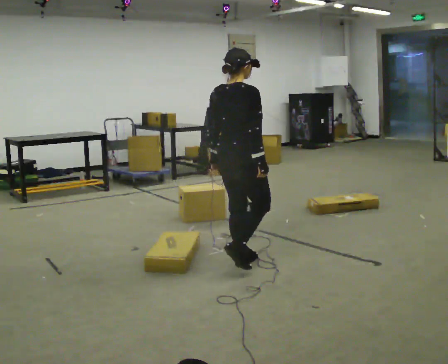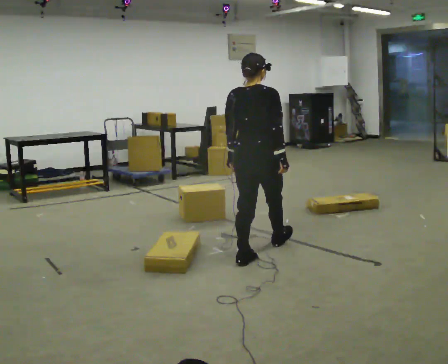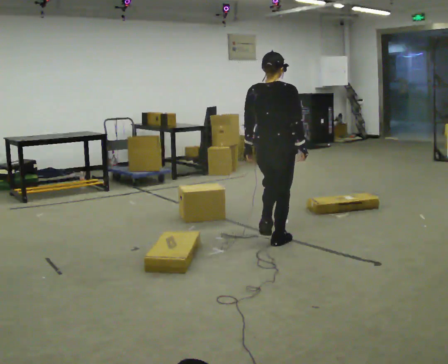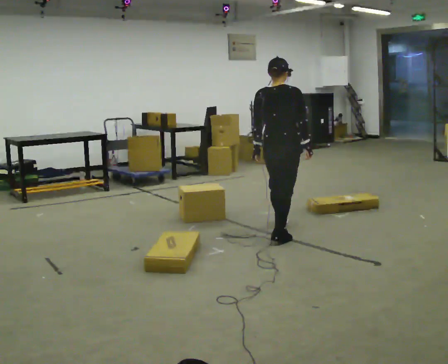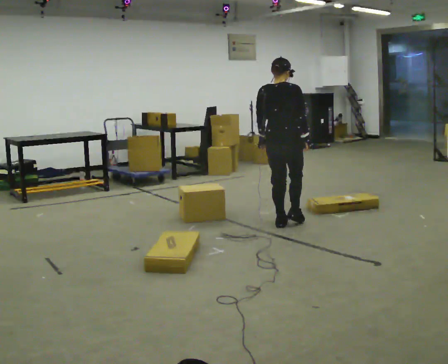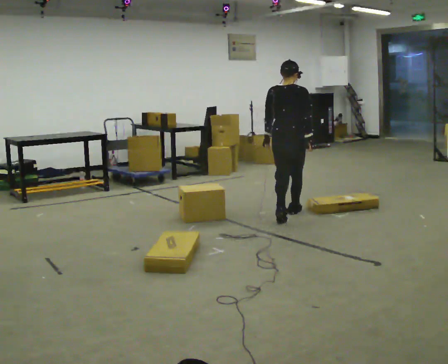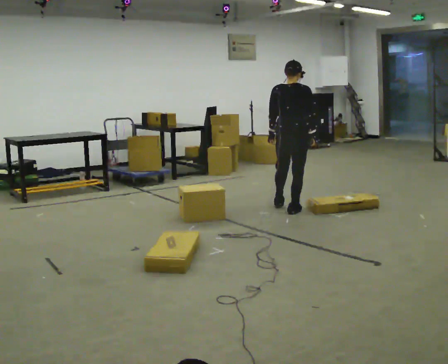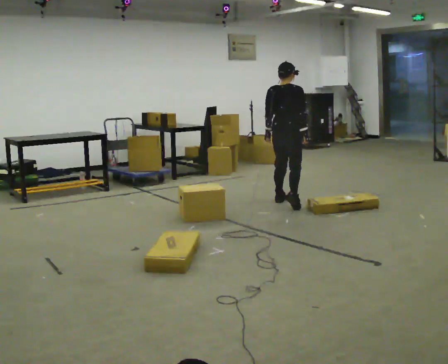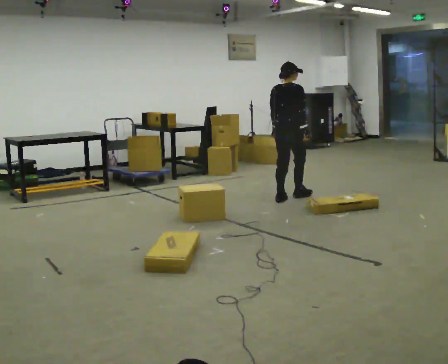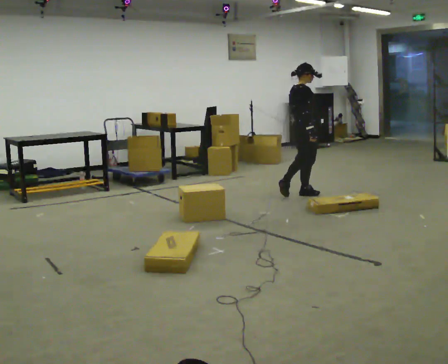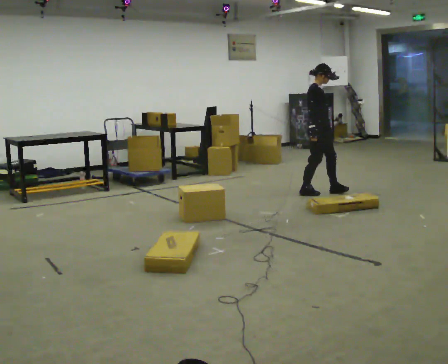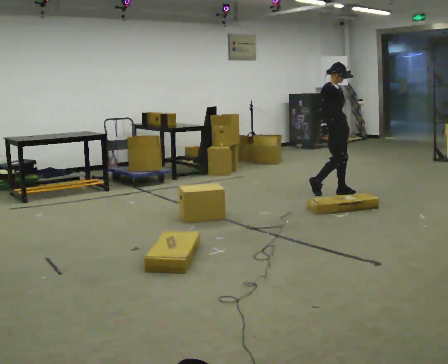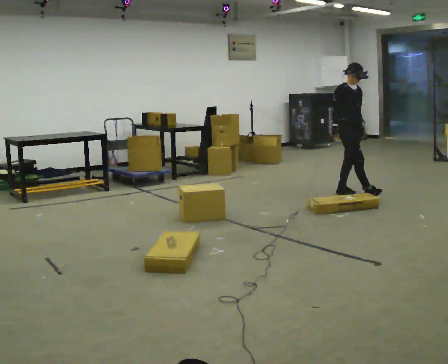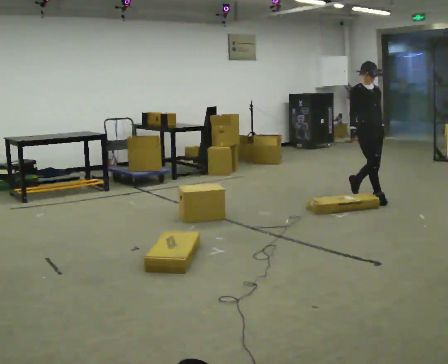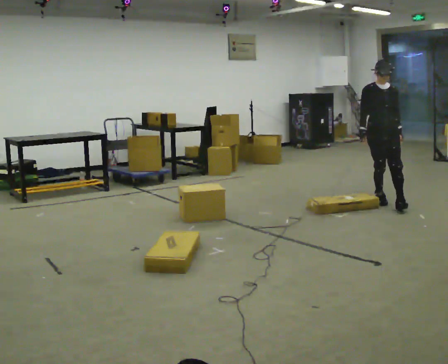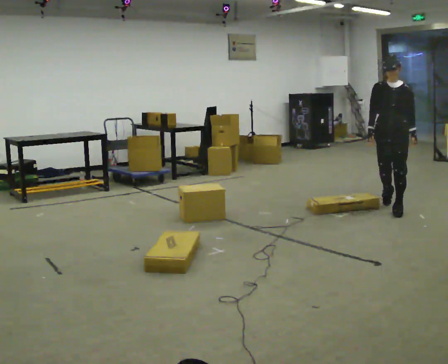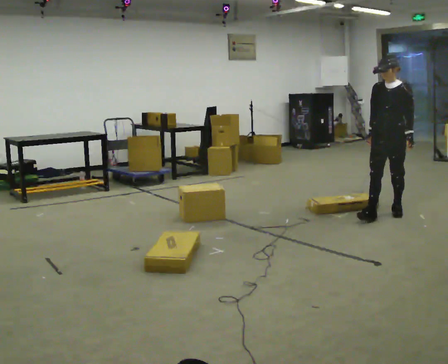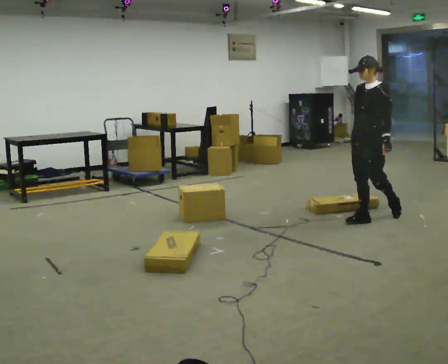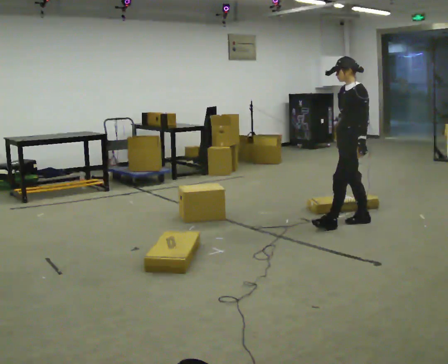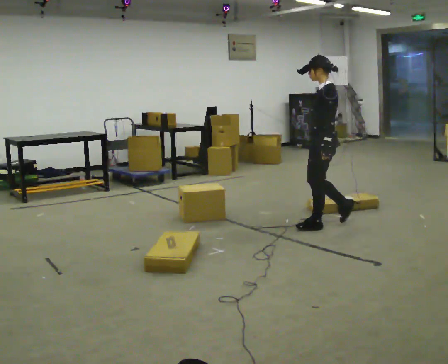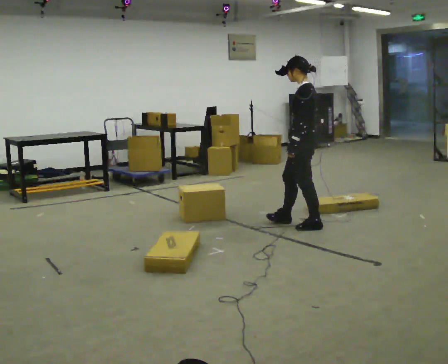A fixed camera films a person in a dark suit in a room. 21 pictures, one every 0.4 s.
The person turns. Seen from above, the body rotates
clockwise.
The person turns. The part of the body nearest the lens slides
to the left.
0.0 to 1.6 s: In the picture they go away from the camera, about 1 m in 2 steps, which for them is forward.
1.6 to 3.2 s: In the picture they go away from the camera, about 1 m in 2 steps, which for them is forward.
3.2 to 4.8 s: The person turns about 105 degrees to their right, clockwise seen from above, so the part of the body nearest the lens slides to the left. In the picture they go to the right, about 0.75 m in 2 steps.
4.8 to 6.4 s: The part of the body nearest the lens slides to the left as the person turns to their right by about 90 degrees. In the picture they go toward the camera and to the right, about 1 m in 2 steps.
6.4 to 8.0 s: The part of the body nearest the lens slides to the left as the person turns to their right by about 60 degrees. In the picture they go to the left and toward the camera, about 1 m in 3 steps.
The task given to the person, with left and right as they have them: Walk across the room at a normal pace, looking ahead. Something may appear in your way. Deal with it however comes naturally and carry on.
The film runs forward here.
